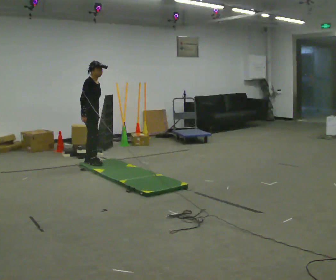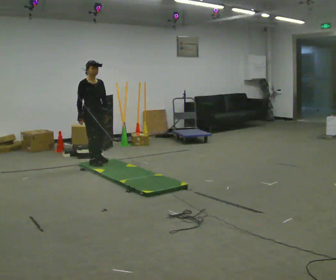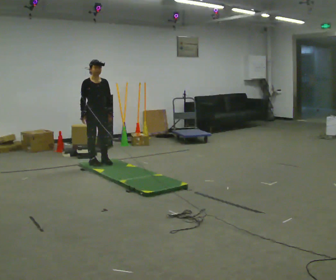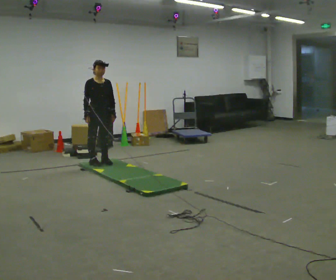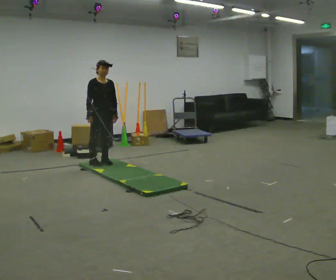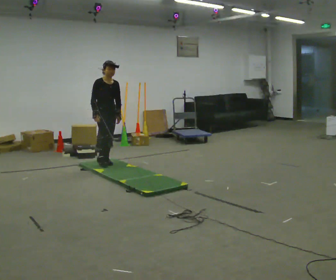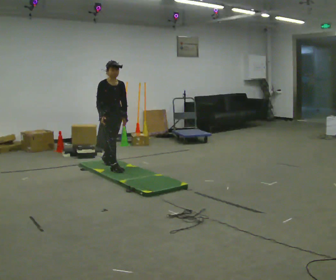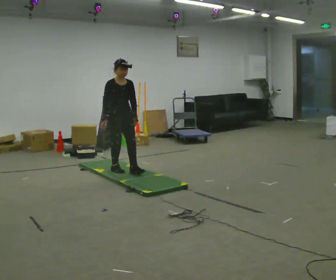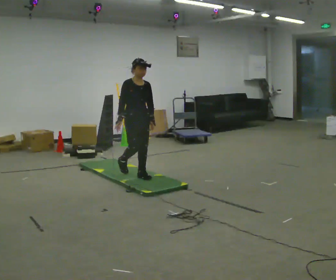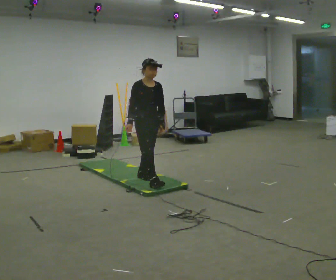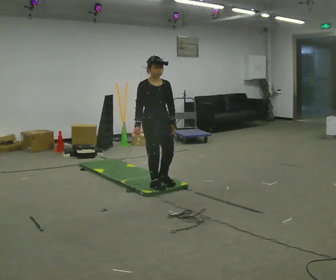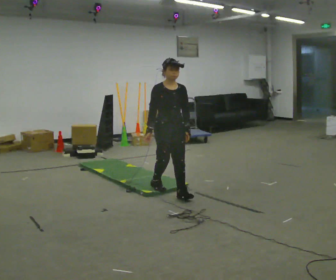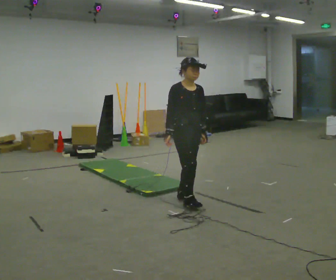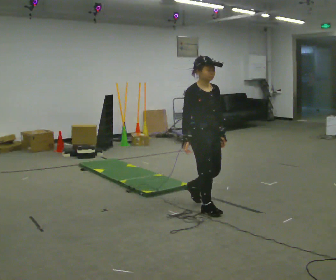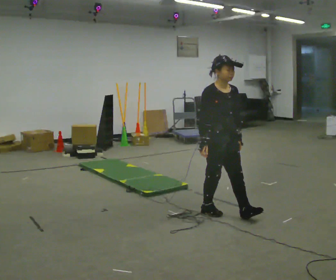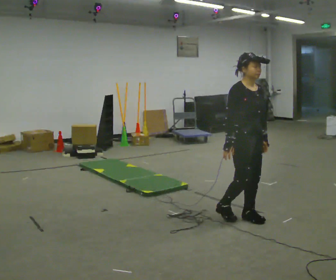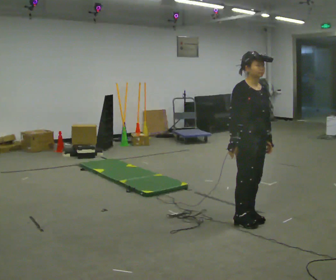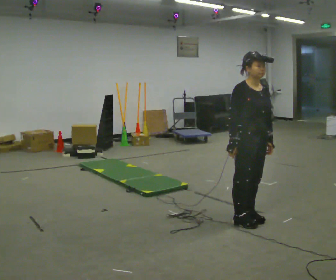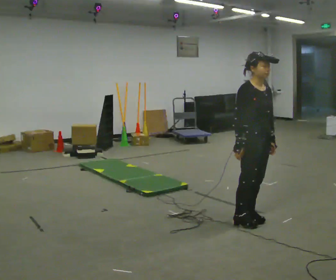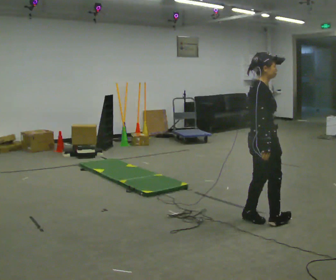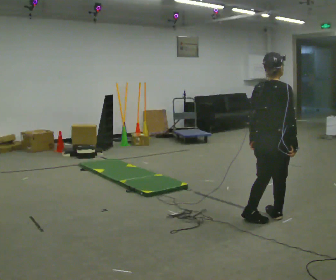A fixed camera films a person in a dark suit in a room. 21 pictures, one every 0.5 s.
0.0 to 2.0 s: The part of the body nearest the lens slides to the left as the person turns to their right by about 45 degrees. In the picture they go to the right, about 0.25 m in 1 step, which for them is forward and to their left.
2.0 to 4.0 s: In the picture they go toward the camera and to the right, about 1 m in 2 steps, which for them is forward.
4.0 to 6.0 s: In the picture they go toward the camera and to the right, about 1 m in 2 steps, which for them is forward.
6.0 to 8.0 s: In the picture they go toward the camera and to the right, about 1 m in 3 steps, which for them is forward.
8.0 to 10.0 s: The part of the body nearest the lens slides to the right as the person turns to their left by about 105 degrees. In the picture they go to the right, about 0.25 m in 1 step.
The film runs forward here.
